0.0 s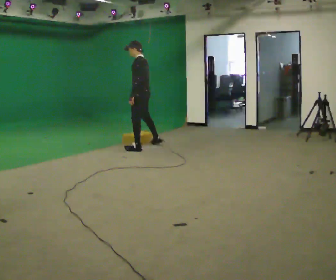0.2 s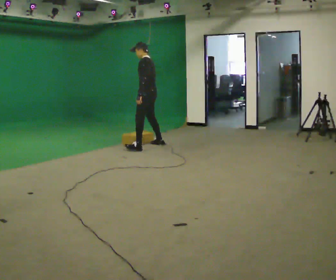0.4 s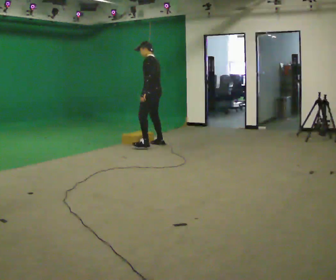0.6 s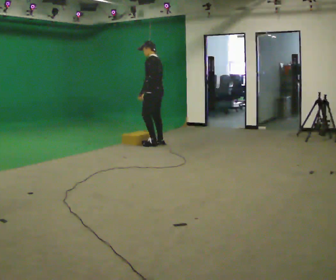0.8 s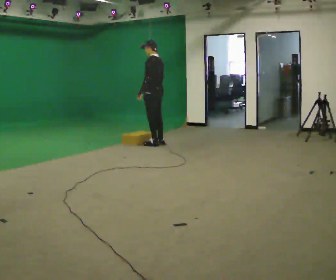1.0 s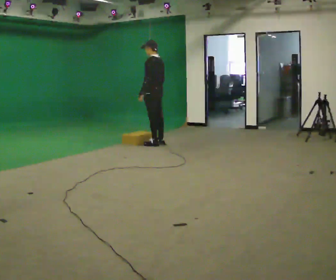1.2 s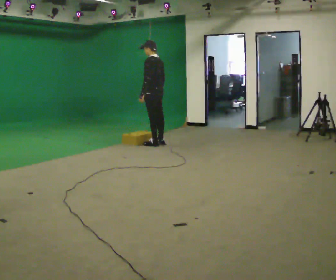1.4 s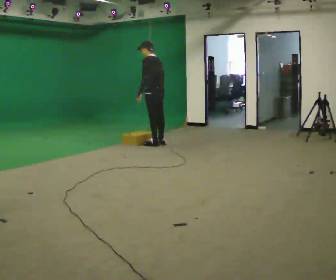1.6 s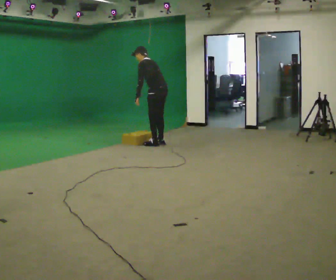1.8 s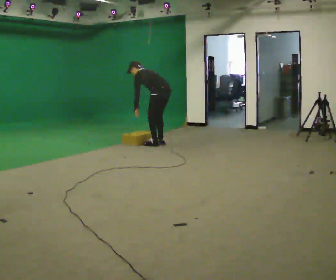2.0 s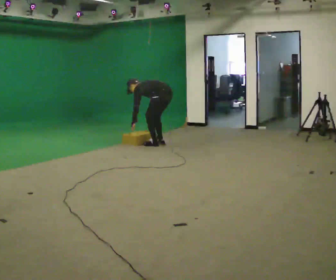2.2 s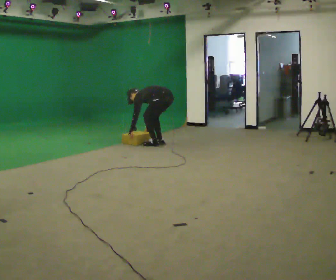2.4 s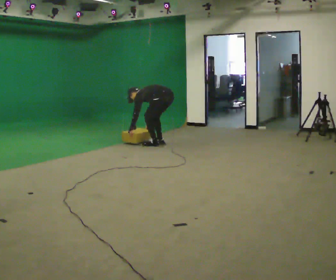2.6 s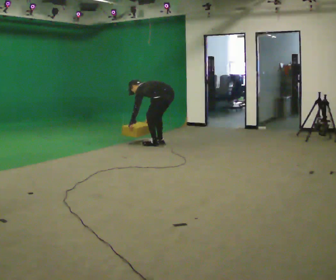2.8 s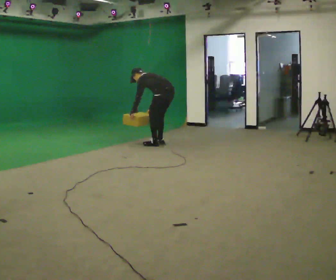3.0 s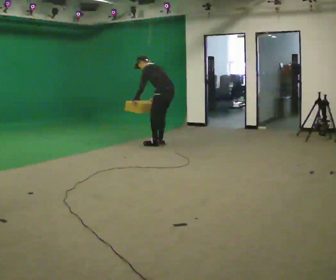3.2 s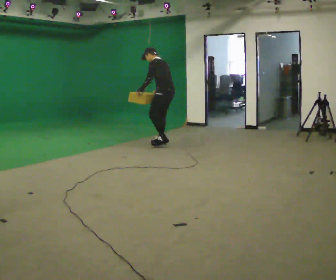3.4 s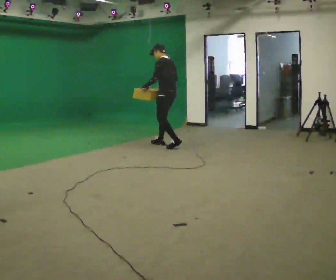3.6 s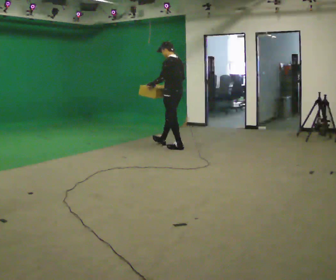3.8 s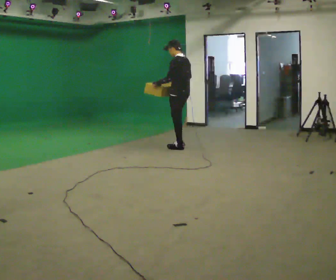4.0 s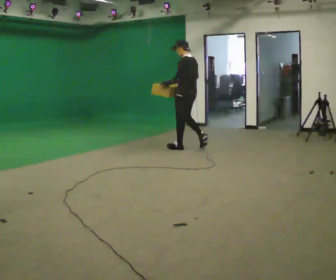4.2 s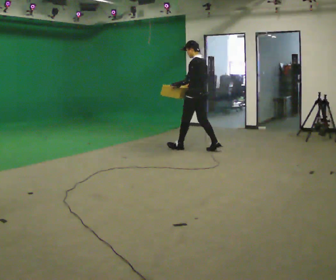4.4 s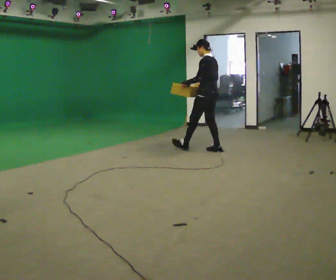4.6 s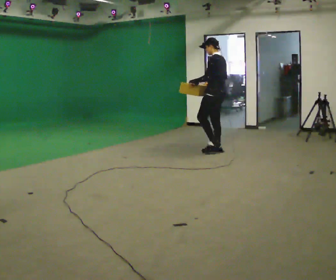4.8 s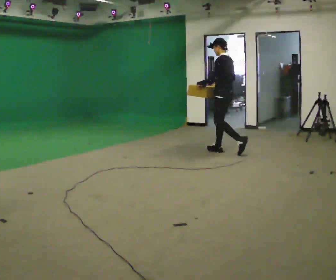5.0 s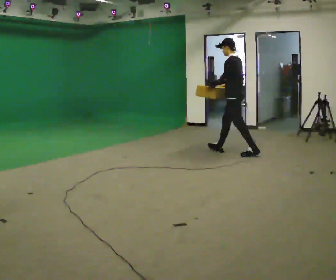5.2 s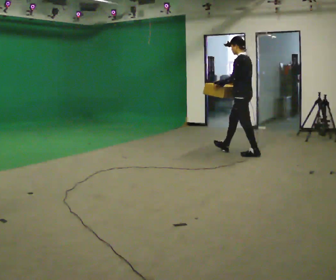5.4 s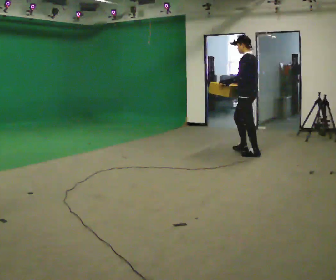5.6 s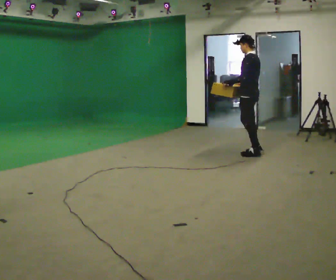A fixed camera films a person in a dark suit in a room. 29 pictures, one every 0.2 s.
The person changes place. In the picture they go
to the right.
The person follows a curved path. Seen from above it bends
clockwise.
0.0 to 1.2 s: In the picture they go away from the camera and to the right, about 0.25 m in 1 step, which for them is to their right.
1.2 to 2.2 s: In the picture they go to the right, about 0.25 m, which for them is backward. The shoulders move downward. In the picture the upper body tilts counterclockwise, shoulders to the left, as they bend forward. In the picture their left hand goes downward.
2.2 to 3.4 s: The upper body goes upward. In the picture the upper body tilts clockwise, shoulders to the right, as they lean back or straighten. In the picture their left hand goes upward.
3.4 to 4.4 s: In the picture they go to the right and toward the camera, about 0.5 m in 2 steps, which for them is backward.
4.4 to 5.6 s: In the picture they go to the right and toward the camera, about 0.75 m in 1 step, which for them is backward.
The film runs backward here.
